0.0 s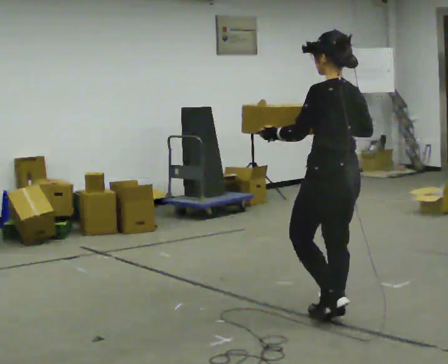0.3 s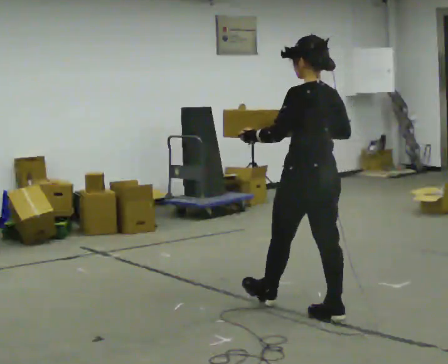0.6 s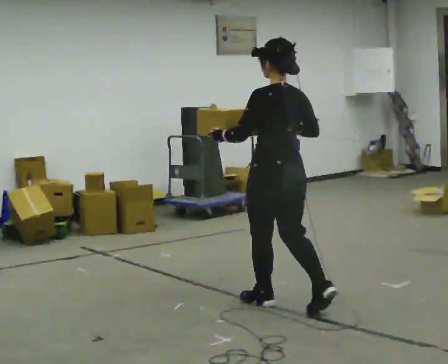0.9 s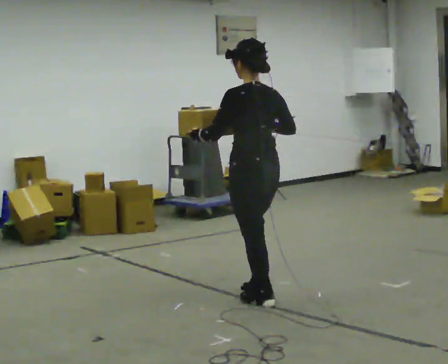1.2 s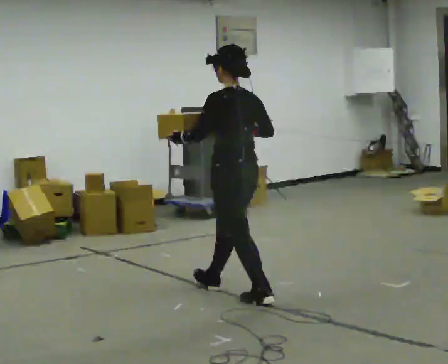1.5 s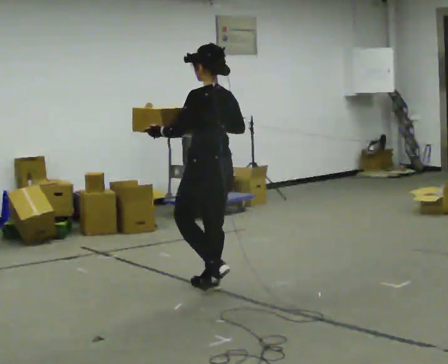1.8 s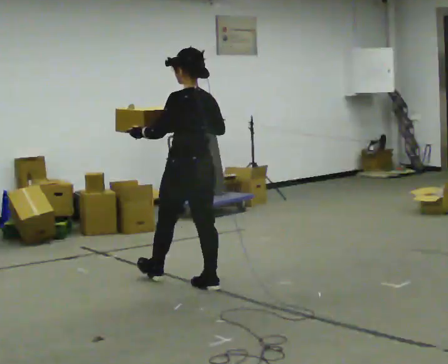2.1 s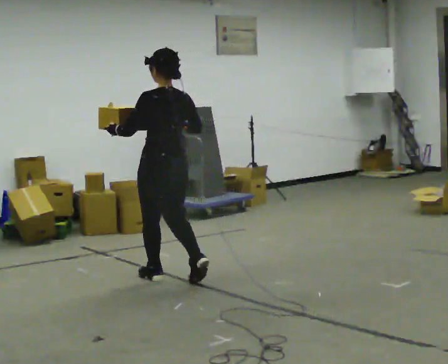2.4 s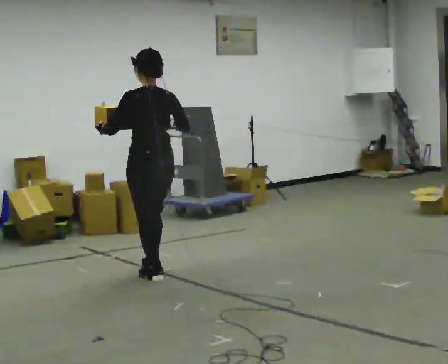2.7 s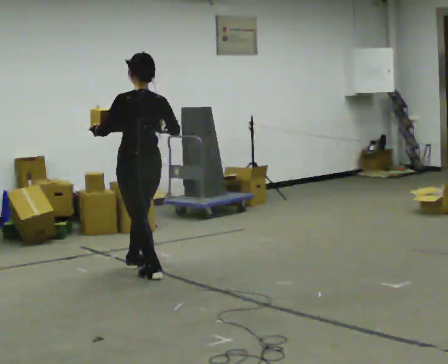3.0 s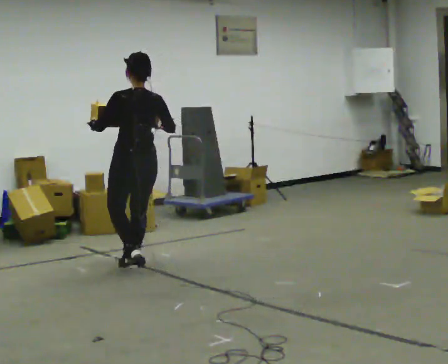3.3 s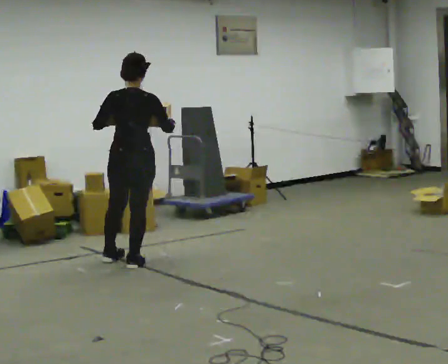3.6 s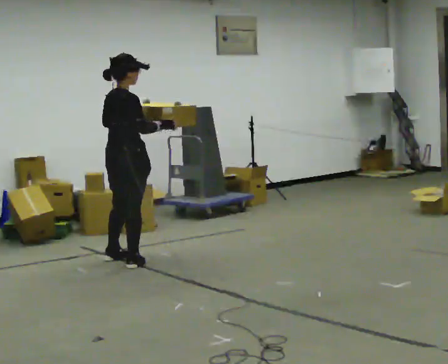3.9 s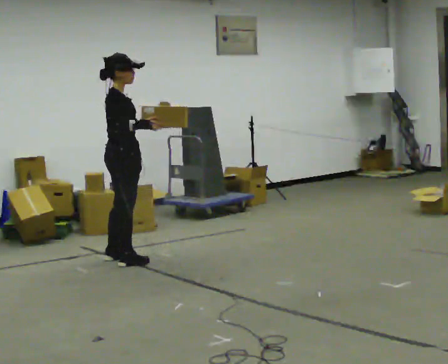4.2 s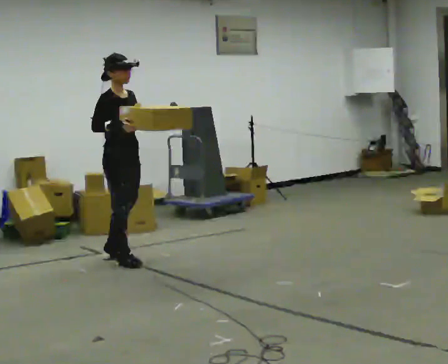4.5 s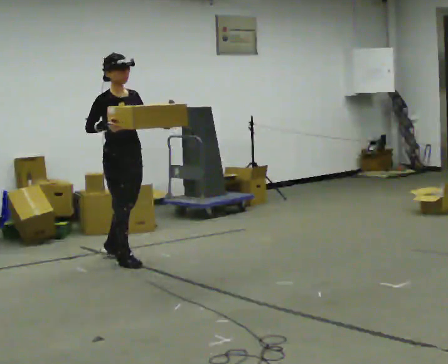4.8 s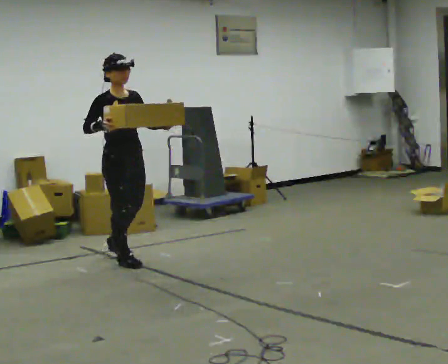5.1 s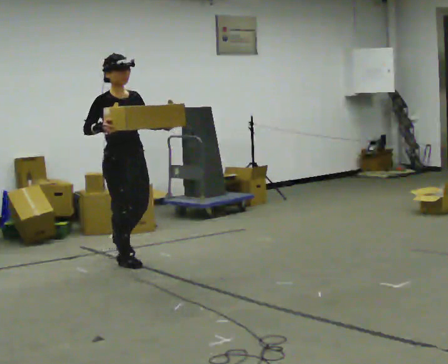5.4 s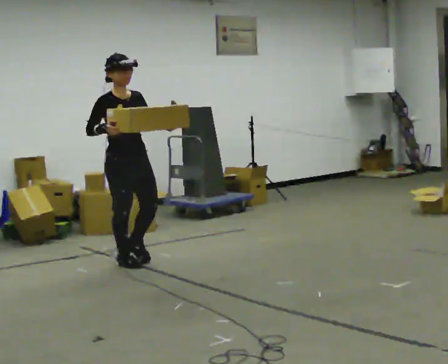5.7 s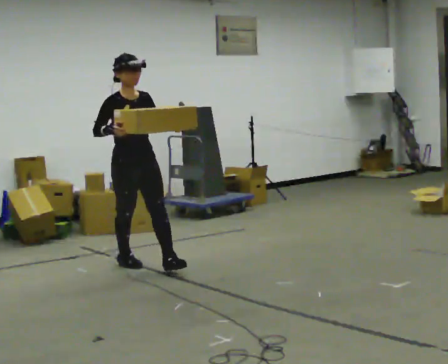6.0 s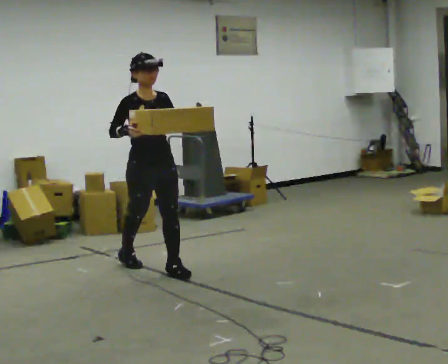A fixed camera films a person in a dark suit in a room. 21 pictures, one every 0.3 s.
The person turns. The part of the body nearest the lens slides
to the left.
The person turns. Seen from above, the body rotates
clockwise.
0.0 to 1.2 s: In the picture they go away from the camera and to the left, about 1 m in 2 steps, which for them is forward.
1.2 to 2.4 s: In the picture they go away from the camera and to the left, about 1 m in 1 step, which for them is forward.
2.4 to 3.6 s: The part of the body nearest the lens slides to the left as the person turns to their right by about 75 degrees. In the picture they go away from the camera and to the left, about 0.5 m in 2 steps.
3.6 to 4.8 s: The person turns about 90 degrees to their right, clockwise seen from above, so the part of the body nearest the lens slides to the left.
4.8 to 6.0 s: In the picture they go toward the camera and to the right, about 0.25 m in 1 step, which for them is forward.
The film runs forward here.
